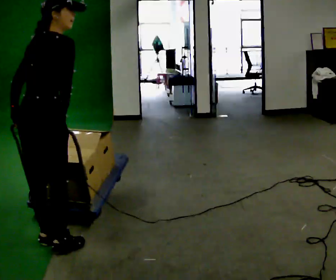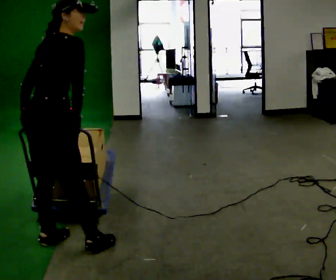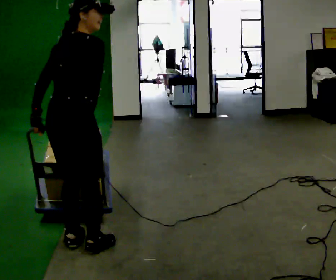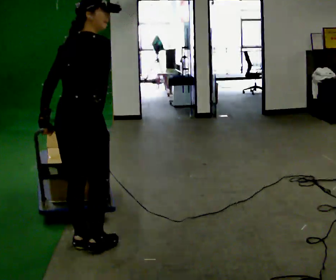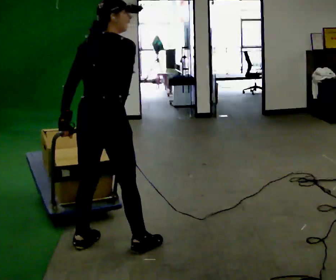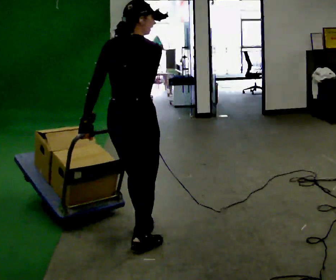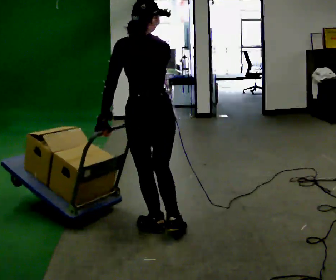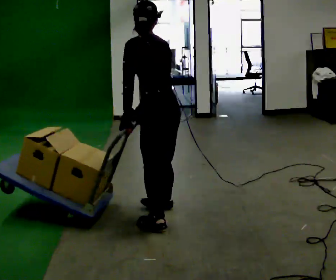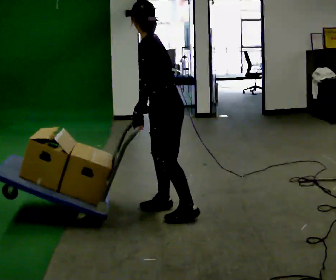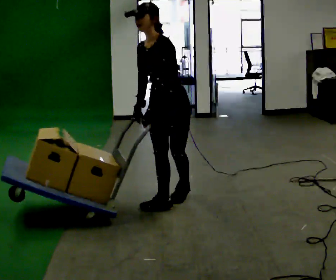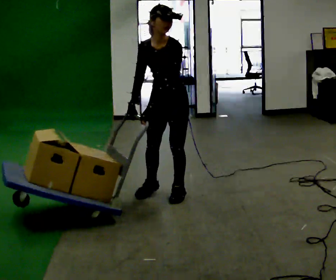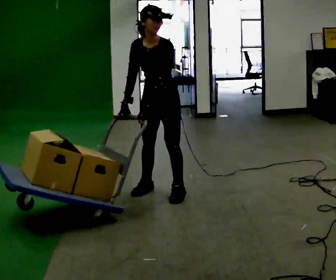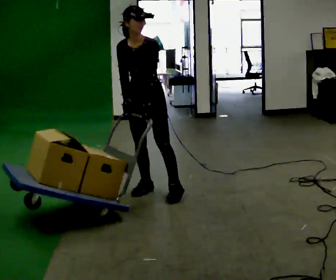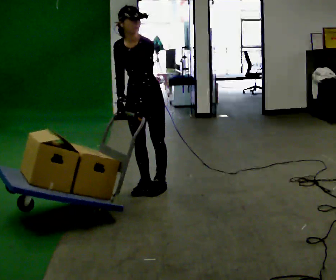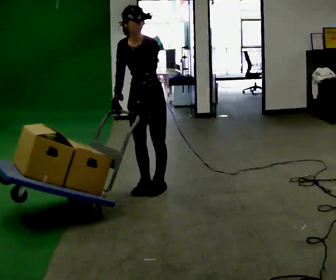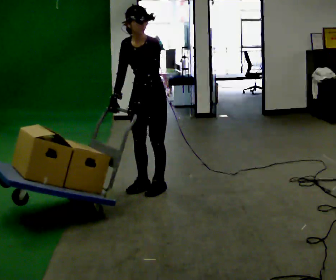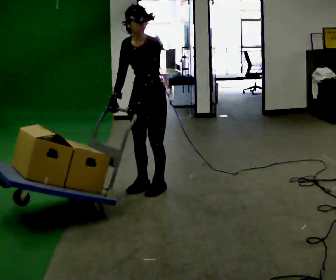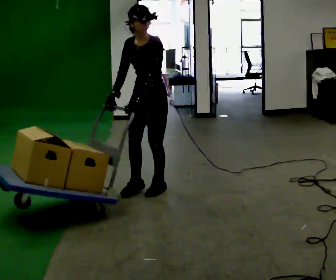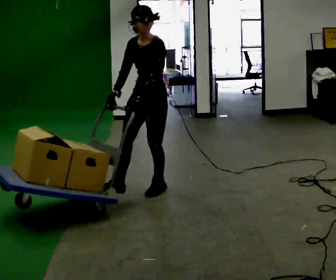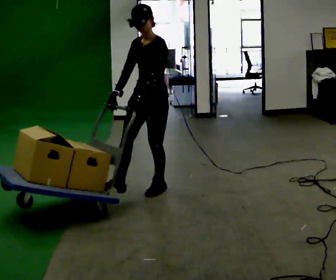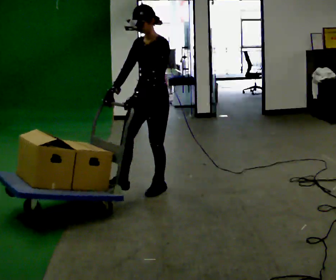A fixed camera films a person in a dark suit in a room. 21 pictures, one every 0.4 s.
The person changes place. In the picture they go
away from the camera.
The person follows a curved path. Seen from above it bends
counterclockwise.
0.0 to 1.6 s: In the picture they go to the right, about 0.25 m in 3 steps, which for them is to their right and forward.
1.6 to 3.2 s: Seen from above the body turns counterclockwise, about 120 degrees: to their left, with its near side sliding to the right. In the picture they go away from the camera and to the right, about 0.5 m in 3 steps. In the picture the upper body tilts counterclockwise, shoulders to the left.
3.2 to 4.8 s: Seen from above the body turns counterclockwise, about 60 degrees: to their left, with its near side sliding to the right. In the picture they go away from the camera and to the left, about 0.5 m in 2 steps, which for them is to their right and backward. The upper body tips toward the camera, its near side rolling downward.
4.8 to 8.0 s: The person moves a little, or ends about where they began.
The film runs backward here.
